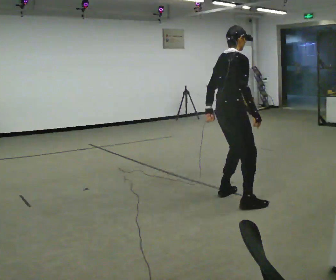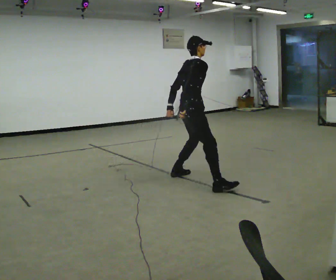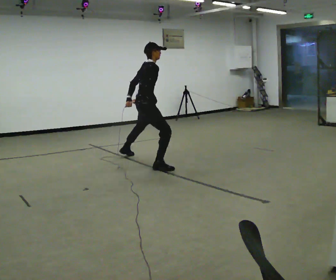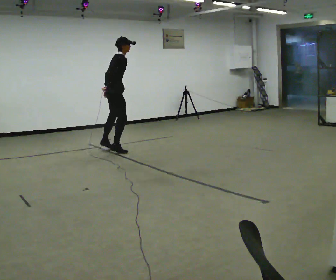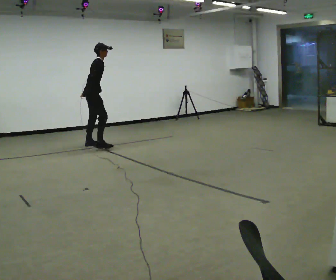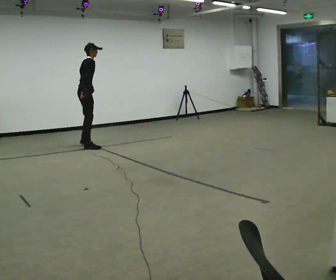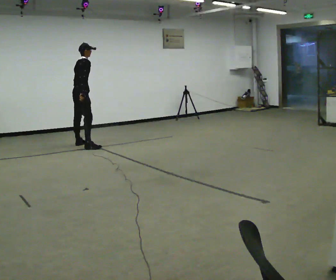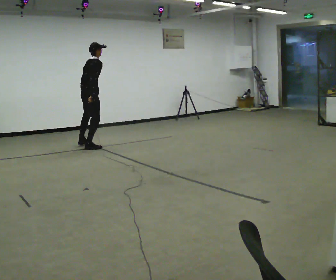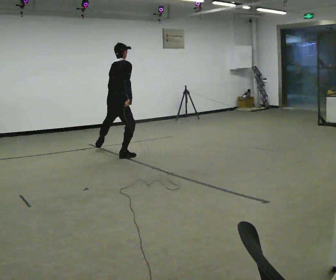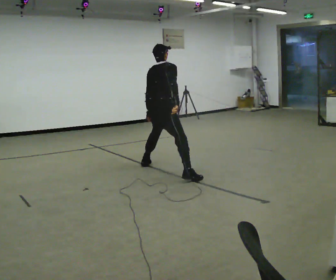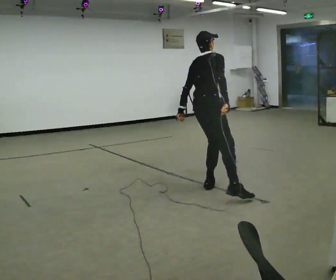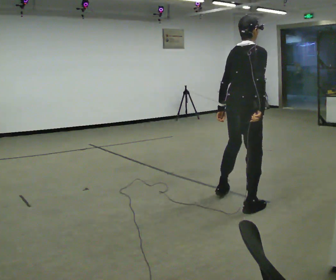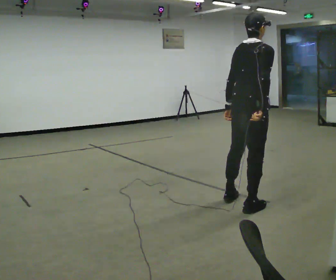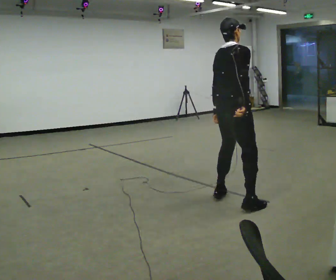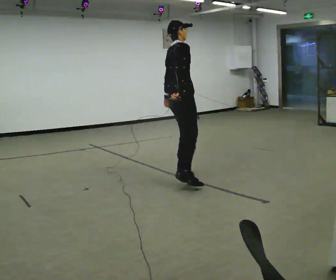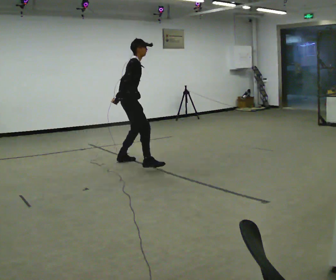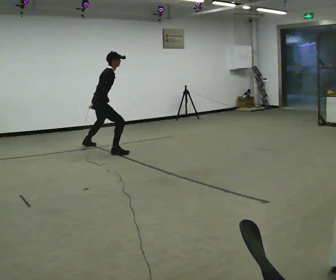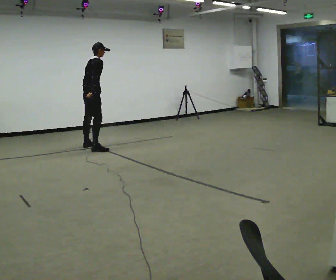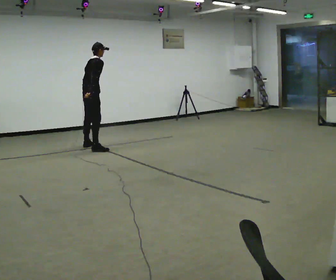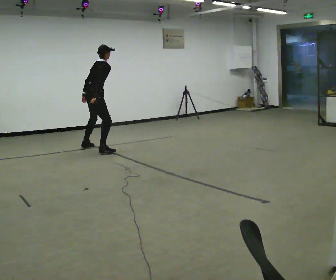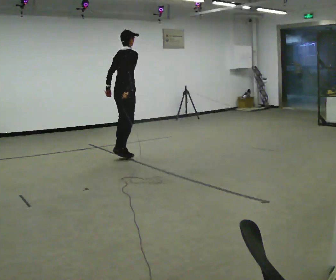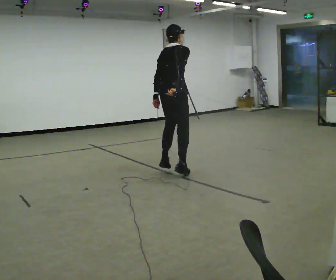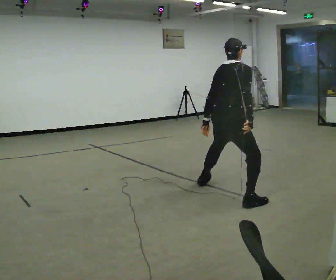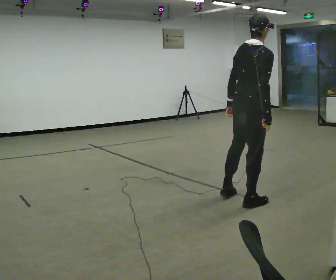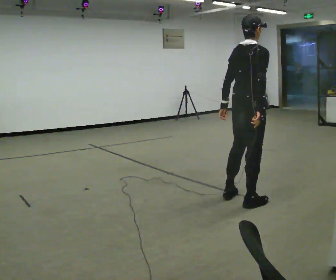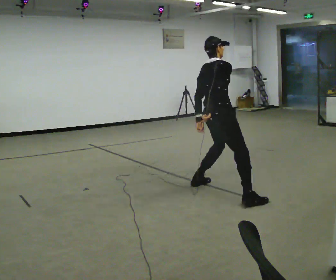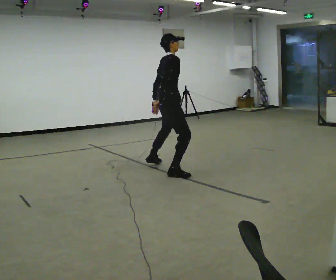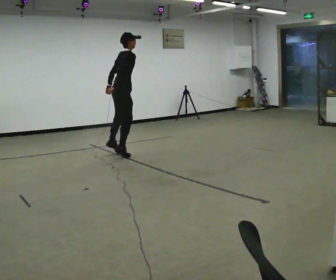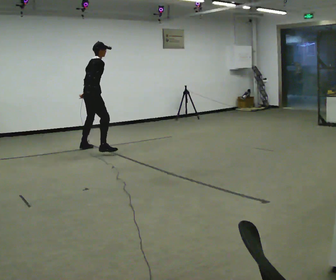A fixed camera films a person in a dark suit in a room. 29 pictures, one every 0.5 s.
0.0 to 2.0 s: In the picture they go away from the camera and to the left, about 3 m in 5 steps, which for them is to their left.
2.0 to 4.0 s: In the picture they go toward the camera and to the right, about 1 m in 3 steps, which for them is to their right.
4.0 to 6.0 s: In the picture they go toward the camera and to the right, about 2.5 m in 4 steps, which for them is to their right.
6.0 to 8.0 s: In the picture they go away from the camera and to the left, about 3 m in 3 steps, which for them is to their left.
8.0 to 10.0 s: In the picture they go toward the camera and to the right, about 0.75 m in 4 steps, which for them is to their right.
10.0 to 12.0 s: In the picture they go toward the camera and to the right, about 2.5 m in 2 steps, which for them is to their right.
12.0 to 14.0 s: In the picture they go away from the camera and to the left, about 3 m in 4 steps, which for them is to their left.
The film runs backward here.
